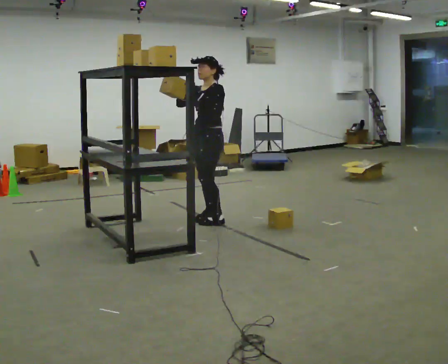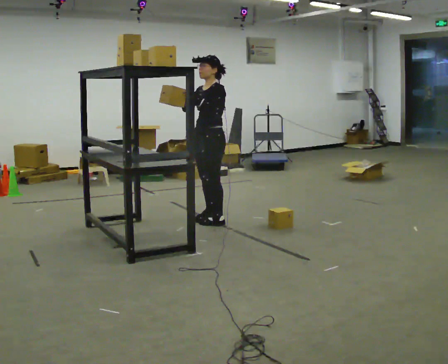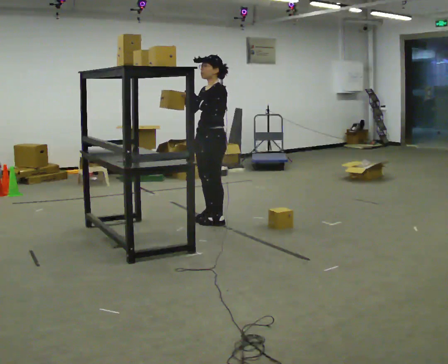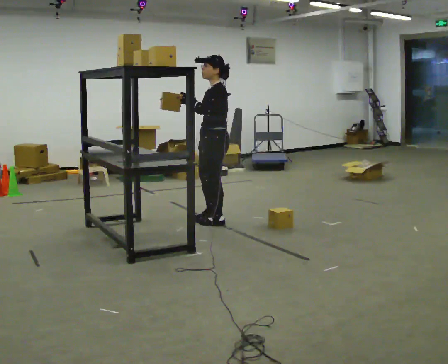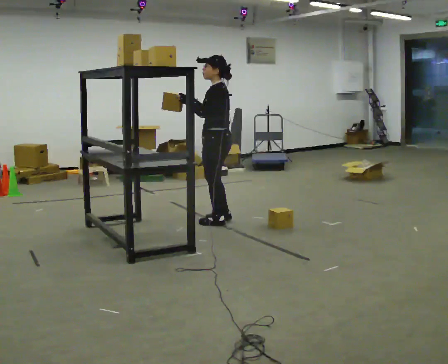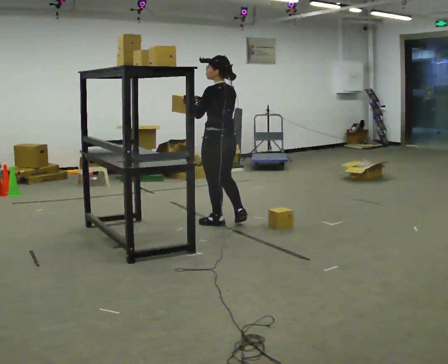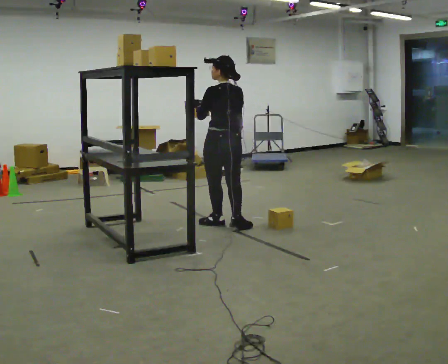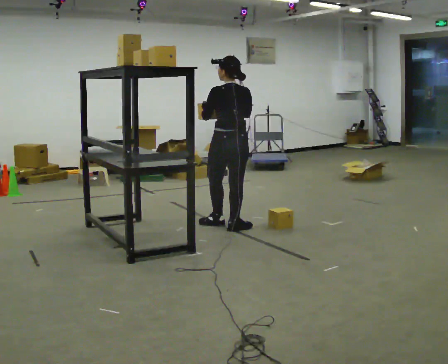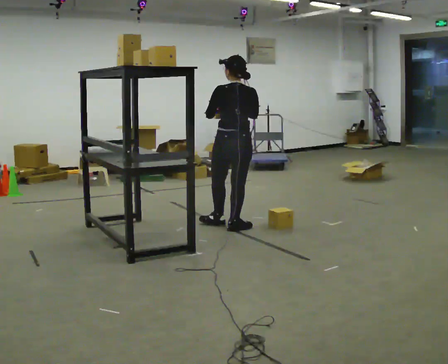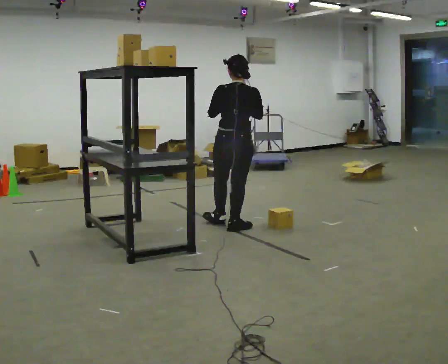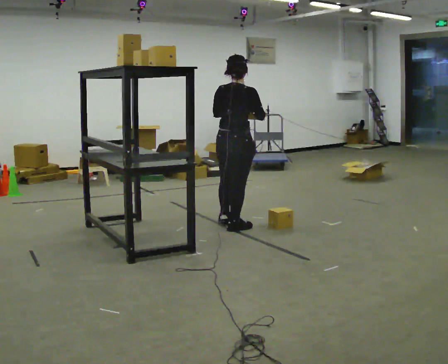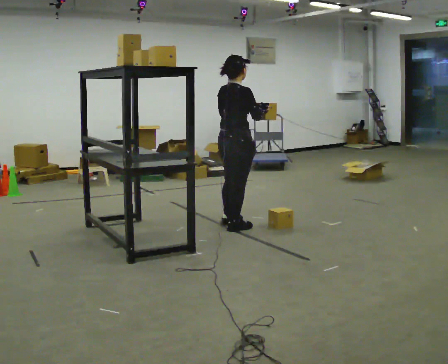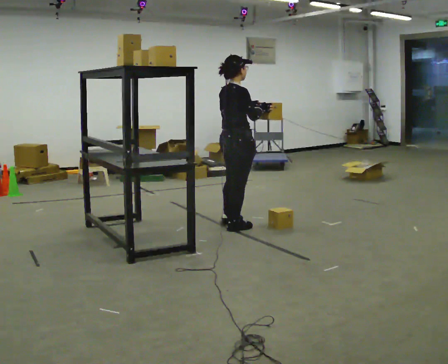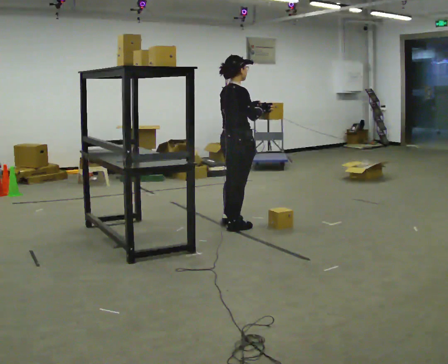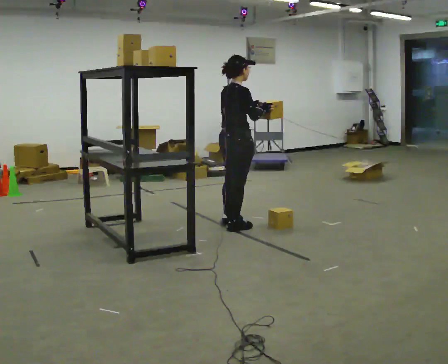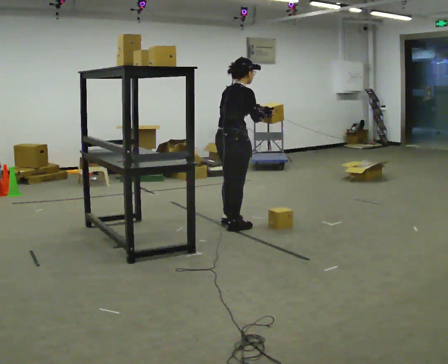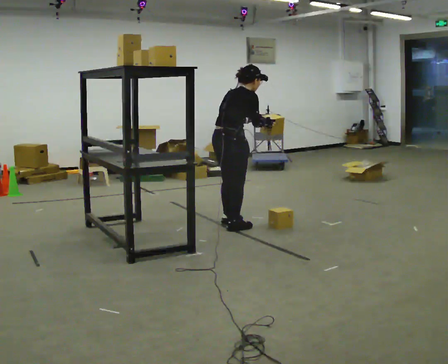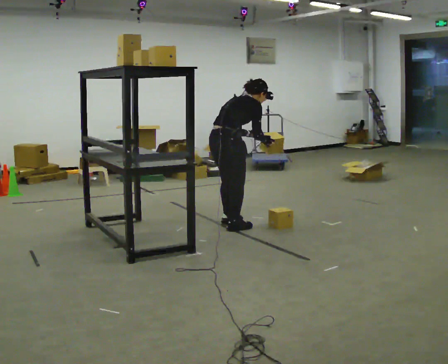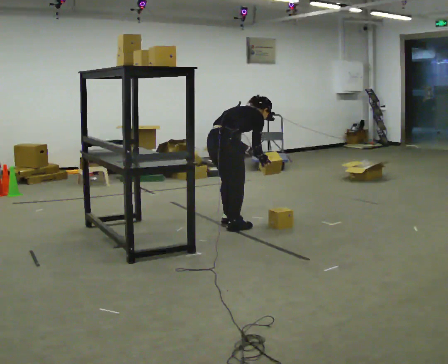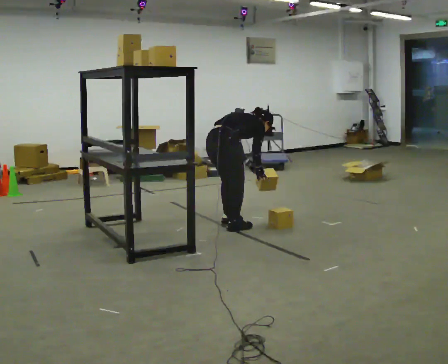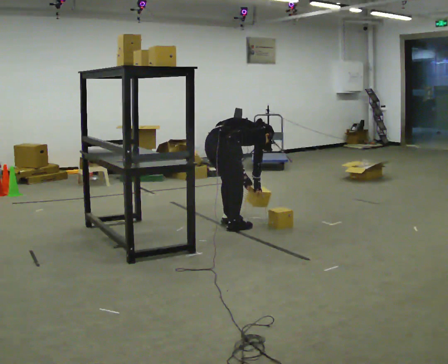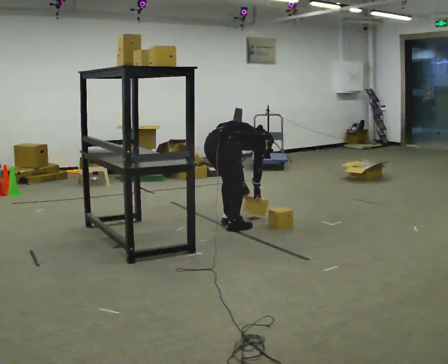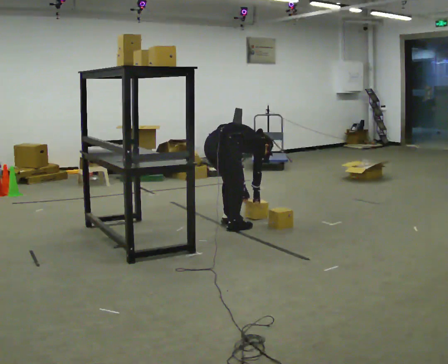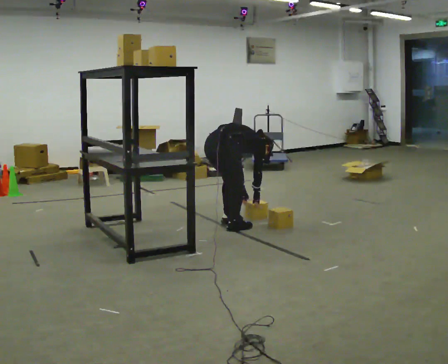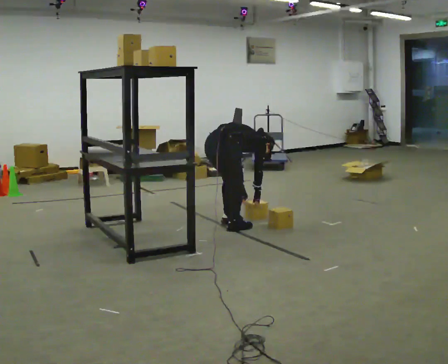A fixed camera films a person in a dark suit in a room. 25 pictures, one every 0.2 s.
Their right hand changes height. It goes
downward.
The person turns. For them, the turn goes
to their right.
0.0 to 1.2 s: The part of the body nearest the lens slides to the left as the person turns to their right by about 105 degrees. In the picture they go toward the camera and to the right, about 0.25 m in 1 step.
1.2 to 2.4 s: Seen from above the body turns clockwise, about 90 degrees: to their right, with its near side sliding to the left. In the picture their right hand goes to the right.
2.4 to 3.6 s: The upper body goes downward. The upper body tips away from the camera, its near side rolling upward, as they bend forward. In the picture their right hand goes downward.
3.6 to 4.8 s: The shoulders move downward. In the picture the upper body tilts clockwise, shoulders to the right, as they bend forward. In the picture their left hand goes downward.
The film runs backward here.
